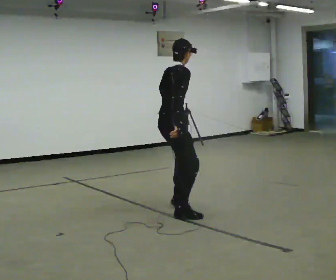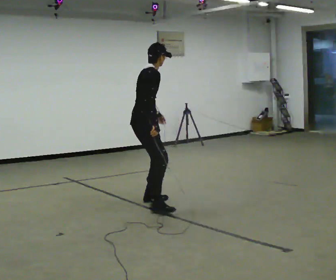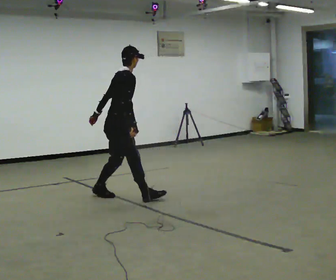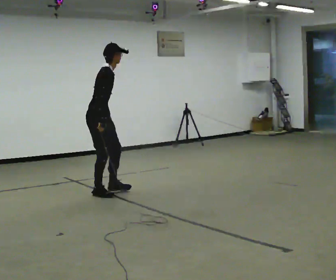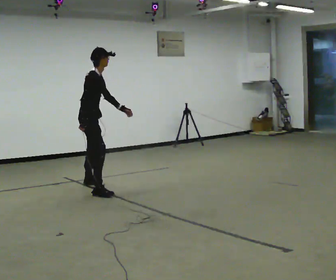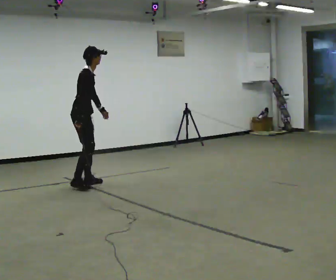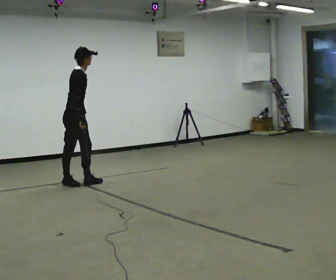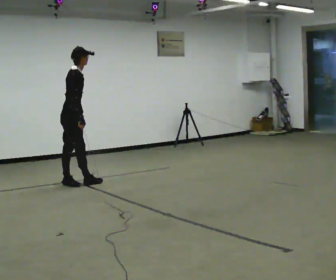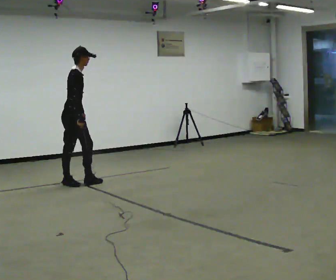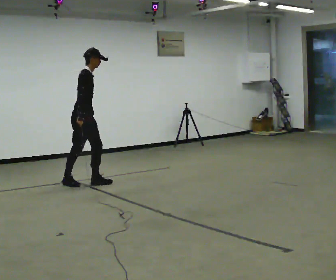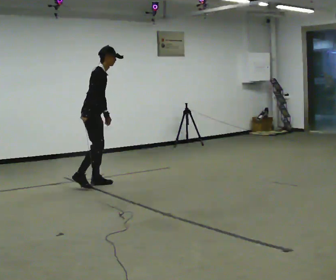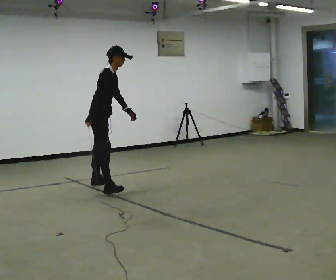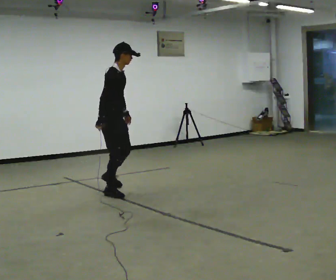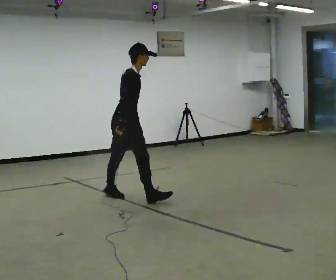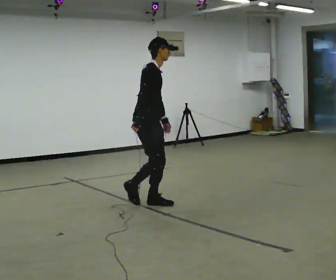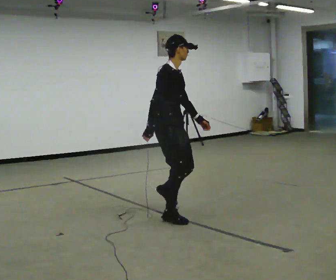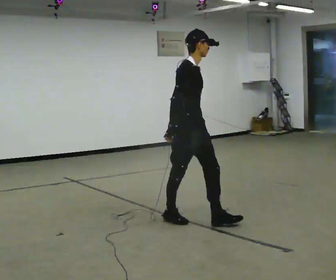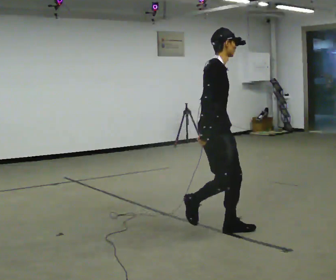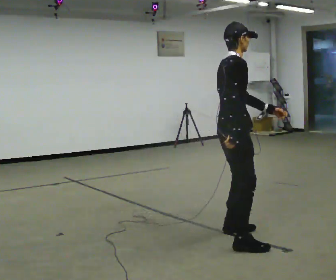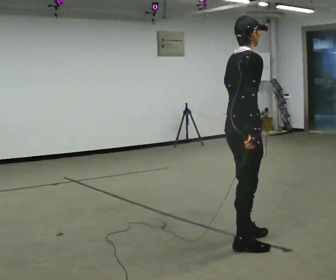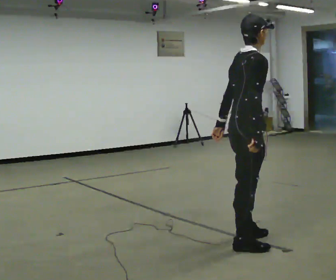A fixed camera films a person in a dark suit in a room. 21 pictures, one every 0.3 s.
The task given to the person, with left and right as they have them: Move sideways in the direction the operator calls, crossing one foot in front and then behind, alternating.
0.0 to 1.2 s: In the picture they go away from the camera and to the left, about 1.5 m in 2 steps, which for them is to their left and backward.
1.2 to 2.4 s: In the picture they go away from the camera and to the left, about 0.25 m in 2 steps, which for them is to their left and backward.
2.4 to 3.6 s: In the picture they go toward the camera and to the right, about 0.5 m in 1 step, which for them is forward and to their right.
3.6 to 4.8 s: In the picture they go toward the camera and to the right, about 1.5 m in 2 steps, which for them is forward and to their right.
4.8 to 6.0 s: The part of the body nearest the lens slides to the right as the person turns to their left by about 45 degrees. In the picture they go toward the camera, about 1 m in 3 steps, which for them is to their right.
The film runs forward here.
